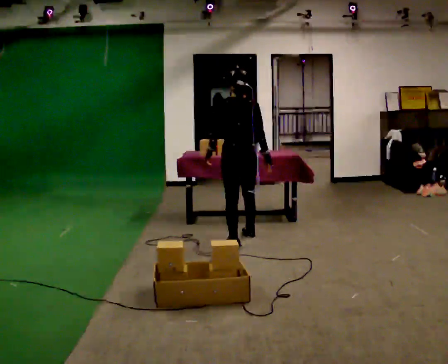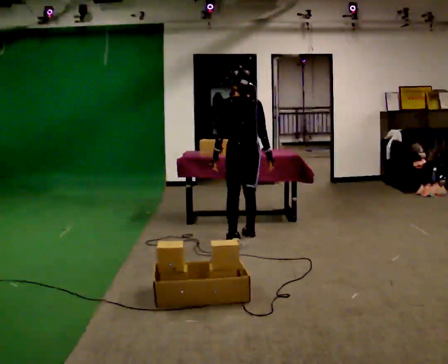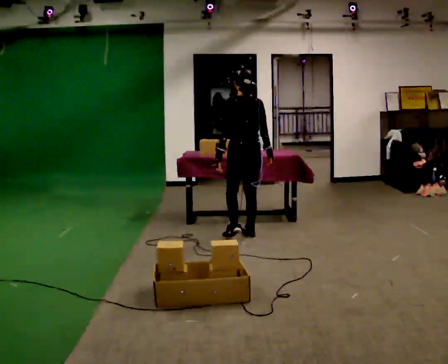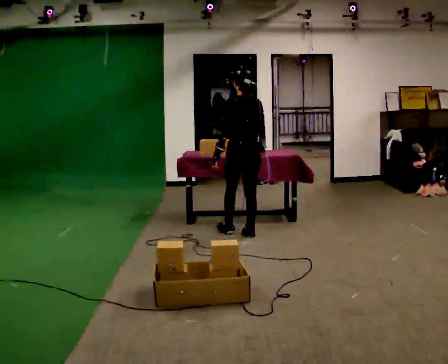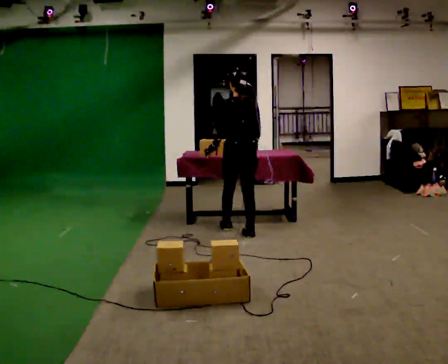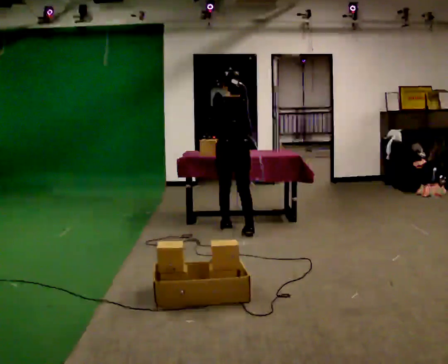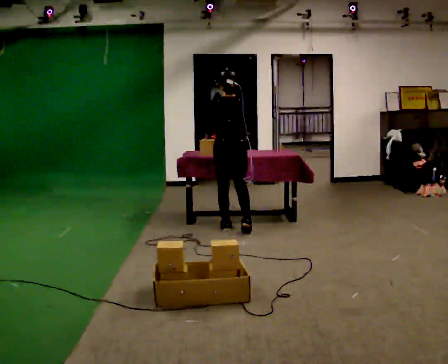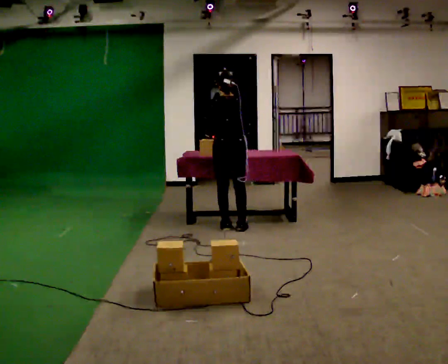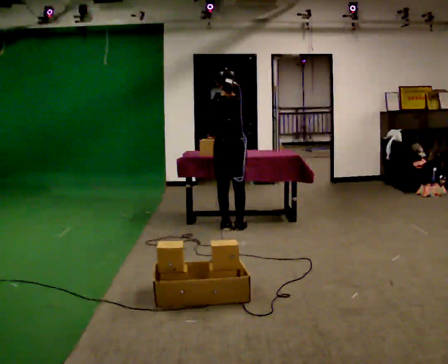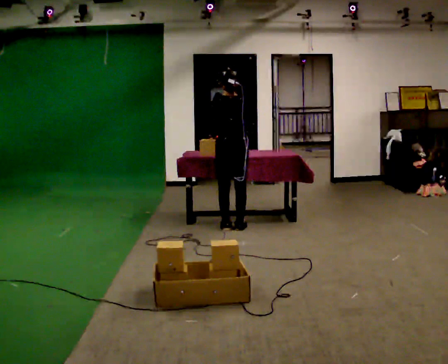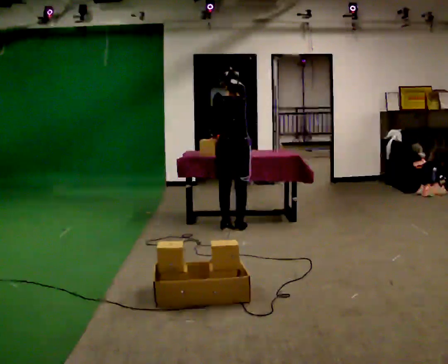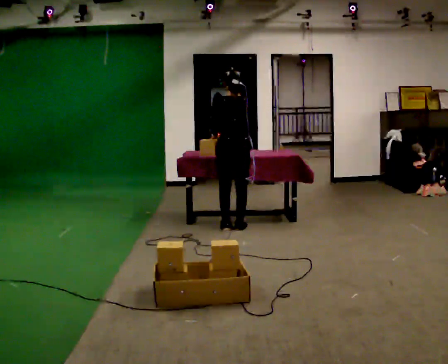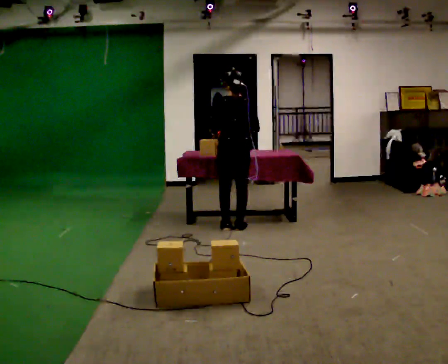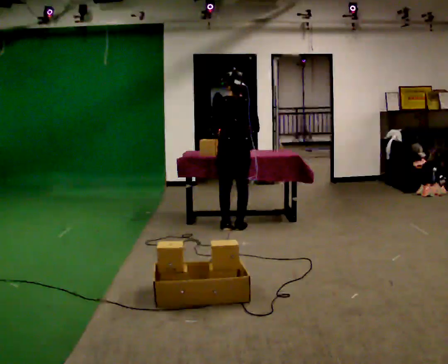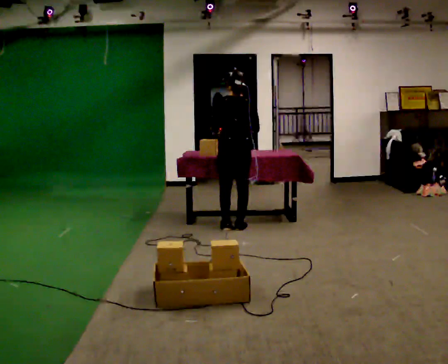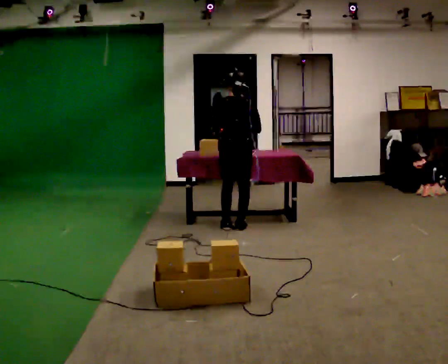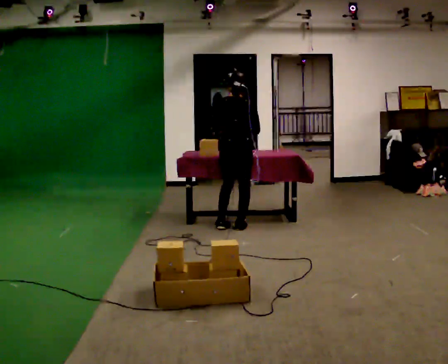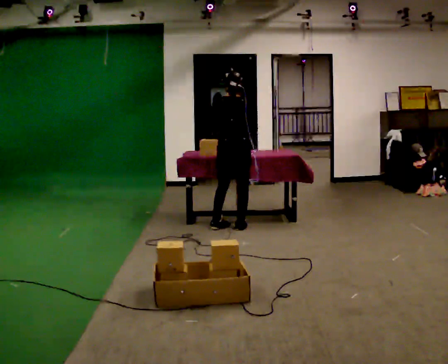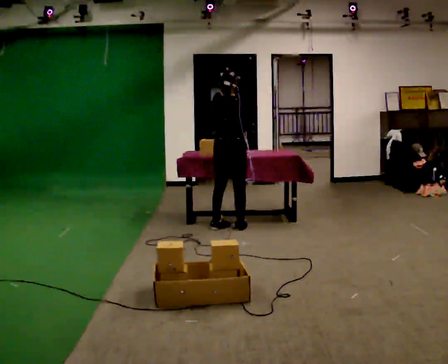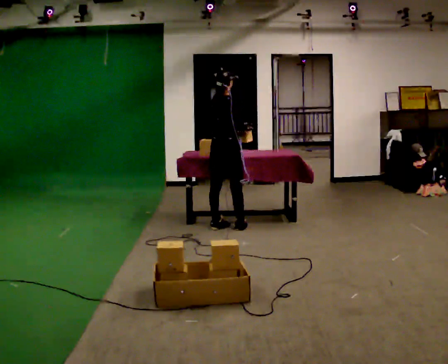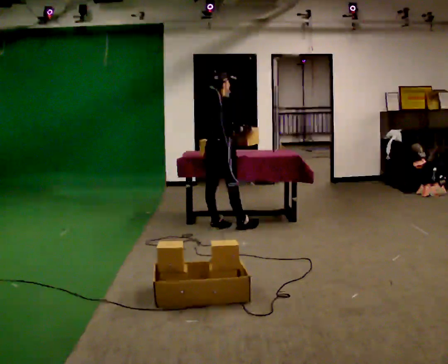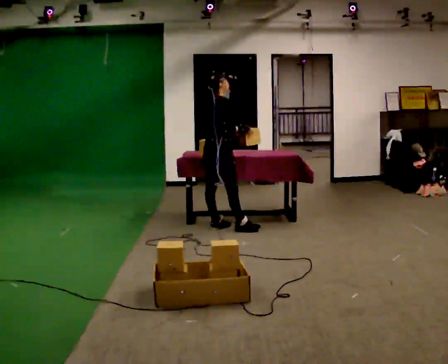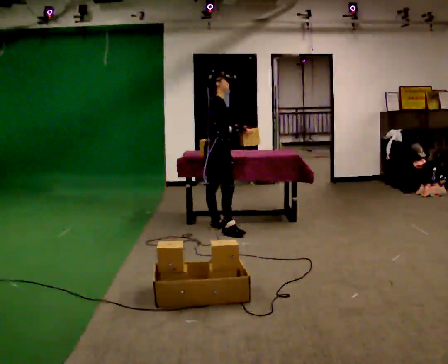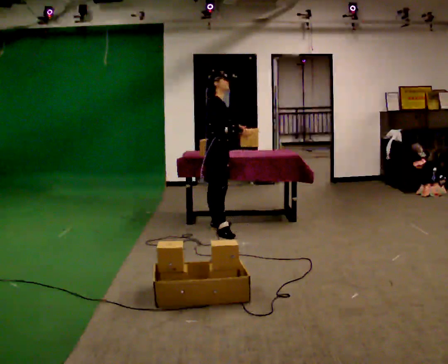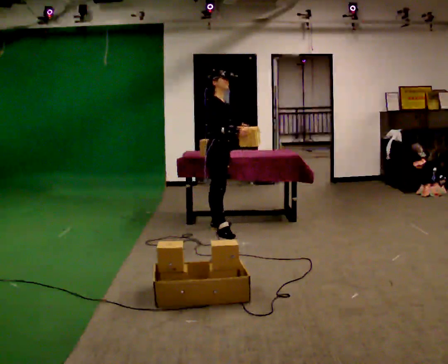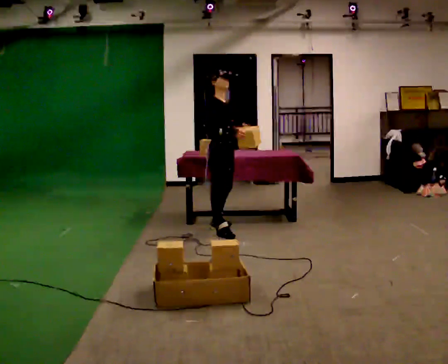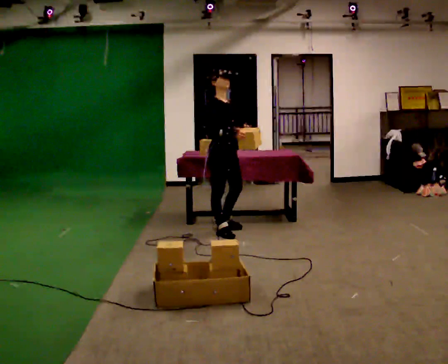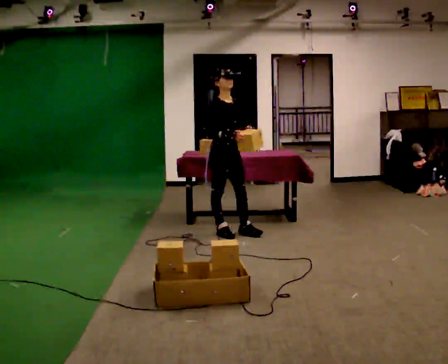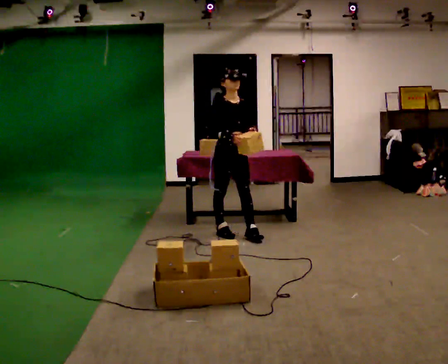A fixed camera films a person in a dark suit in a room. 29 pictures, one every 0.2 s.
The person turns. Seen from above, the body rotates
clockwise.
The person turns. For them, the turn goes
to their right.
0.0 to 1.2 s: In the picture they go away from the camera, about 0.5 m in 1 step, which for them is forward.
1.2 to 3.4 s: The person moves a little, or ends about where they began.
3.4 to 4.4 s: The part of the body nearest the lens slides to the left as the person turns to their right by about 75 degrees. In the picture they go to the left, about 0.25 m.
4.4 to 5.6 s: Seen from above the body turns clockwise, about 60 degrees: to their right, with its near side sliding to the left. In the picture they go toward the camera and to the right, about 0.25 m in 2 steps, which for them is forward and to their right.
The film runs forward here.
